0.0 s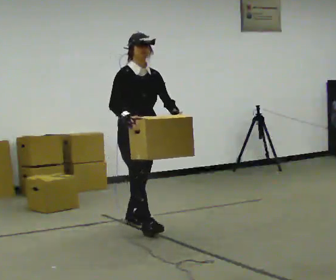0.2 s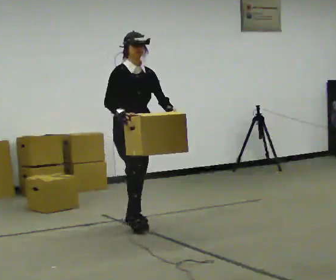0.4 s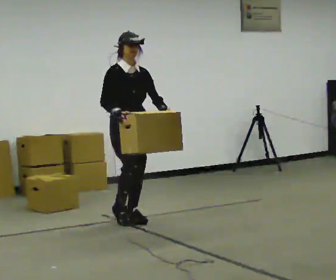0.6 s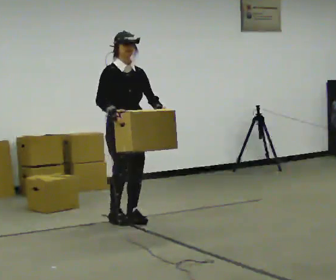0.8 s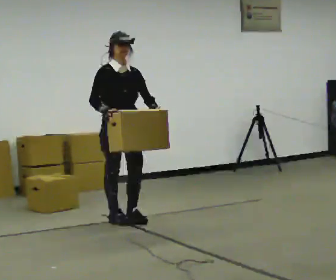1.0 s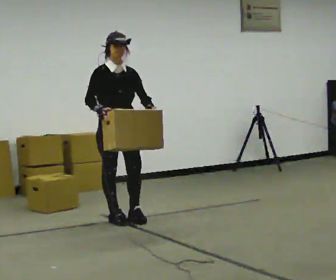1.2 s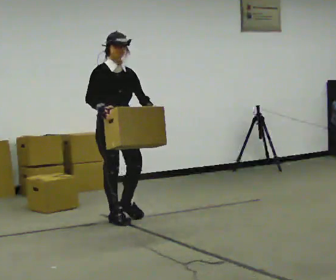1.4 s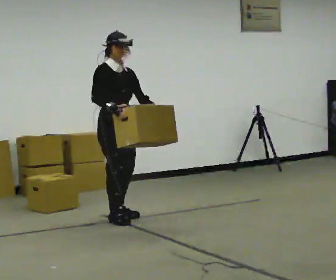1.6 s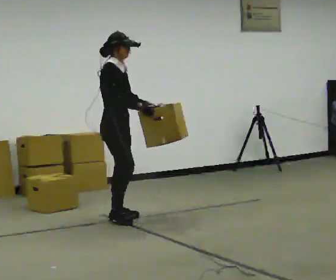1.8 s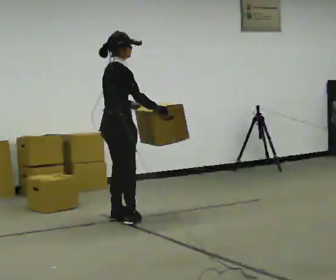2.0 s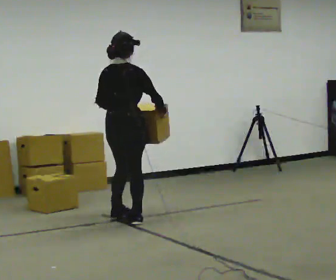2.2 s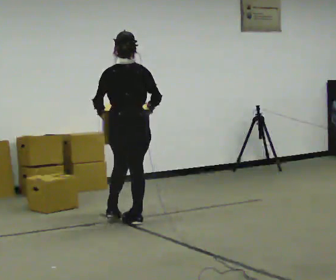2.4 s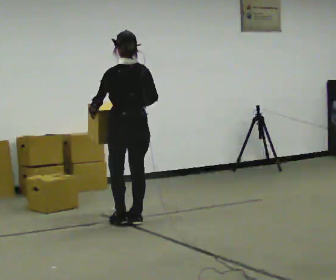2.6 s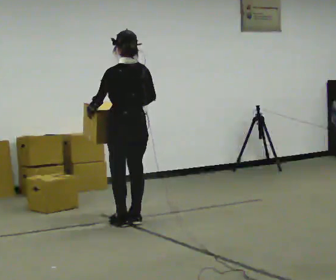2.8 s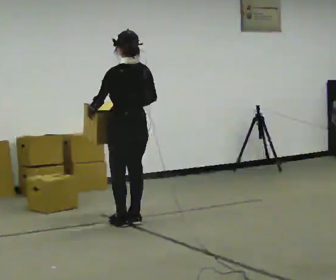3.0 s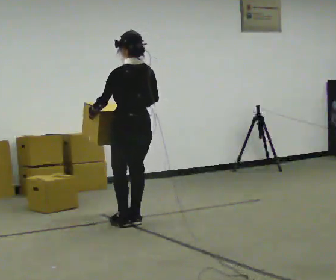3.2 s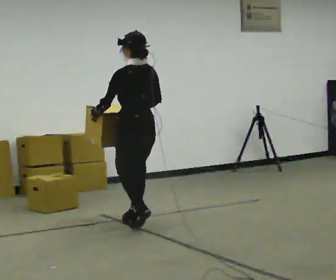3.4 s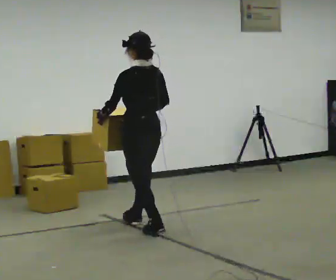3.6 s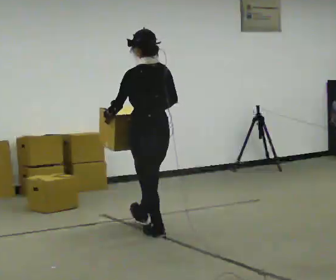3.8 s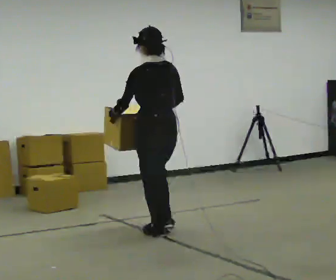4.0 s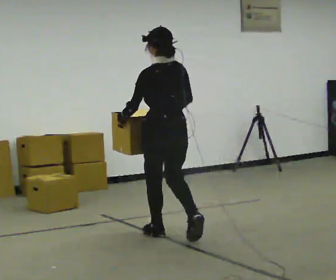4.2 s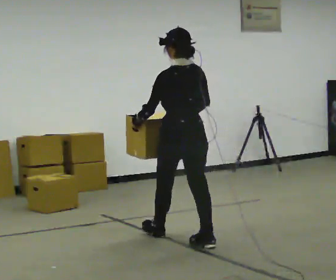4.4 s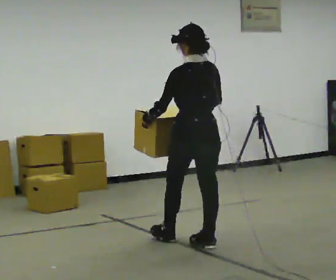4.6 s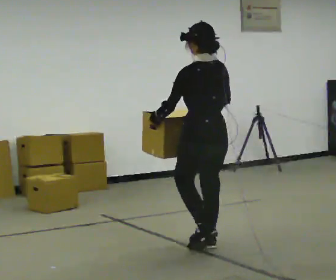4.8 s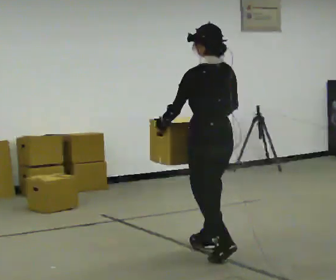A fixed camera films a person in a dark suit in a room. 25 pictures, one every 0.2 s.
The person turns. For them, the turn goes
to their left.
The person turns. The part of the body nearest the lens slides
to the right.
0.0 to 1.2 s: In the picture they go away from the camera and to the left, about 0.25 m in 1 step, which for them is backward.
1.2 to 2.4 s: The part of the body nearest the lens slides to the right as the person turns to their left by about 165 degrees. In the picture their right hand goes to the right.
2.4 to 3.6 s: In the picture they go toward the camera, about 0.5 m in 2 steps, which for them is backward.
3.6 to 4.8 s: In the picture they go toward the camera and to the right, about 1 m in 1 step, which for them is backward.
The film runs backward here.
